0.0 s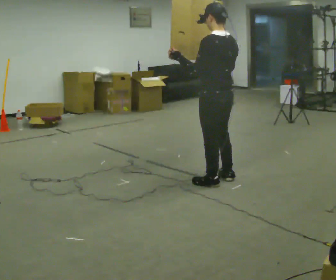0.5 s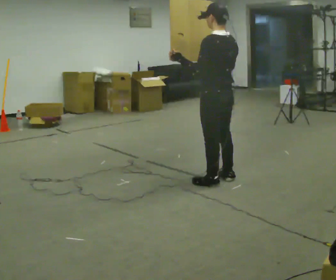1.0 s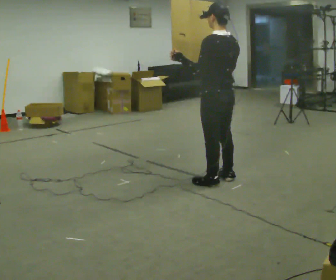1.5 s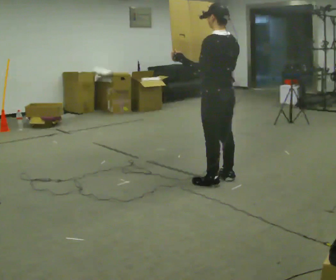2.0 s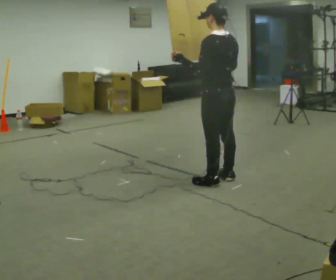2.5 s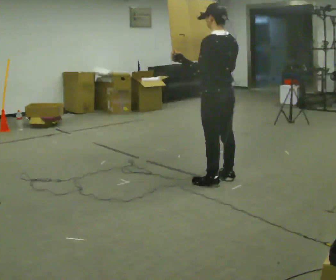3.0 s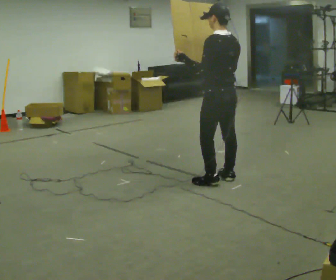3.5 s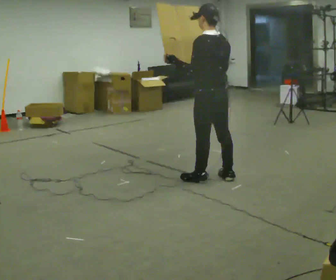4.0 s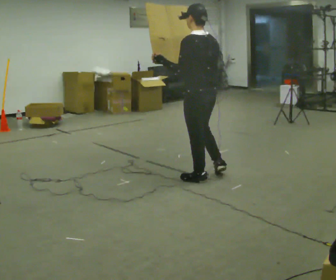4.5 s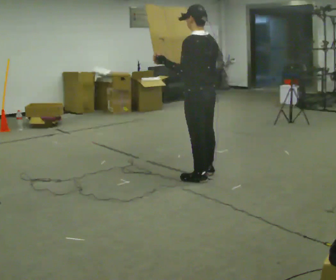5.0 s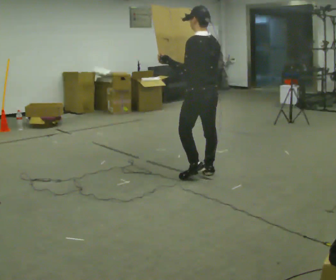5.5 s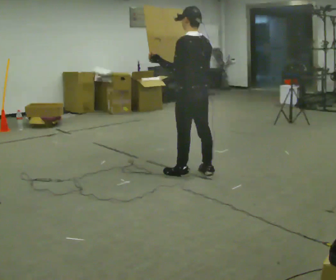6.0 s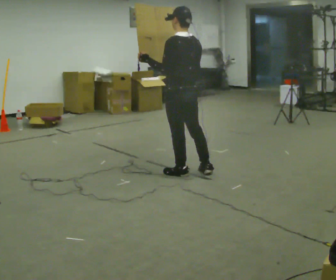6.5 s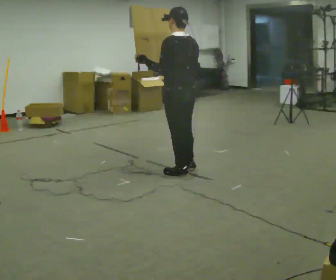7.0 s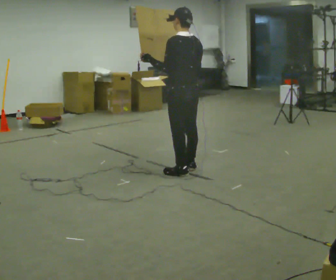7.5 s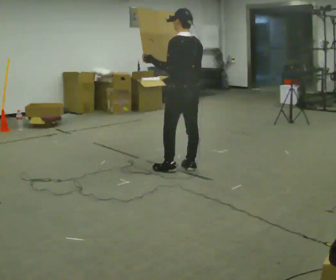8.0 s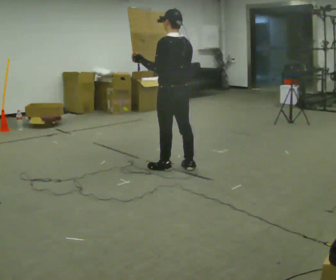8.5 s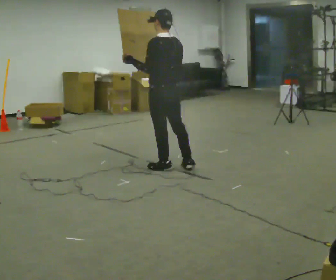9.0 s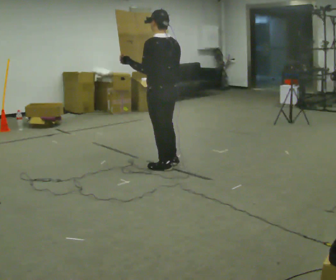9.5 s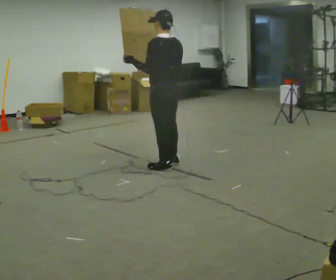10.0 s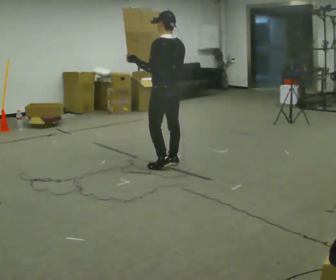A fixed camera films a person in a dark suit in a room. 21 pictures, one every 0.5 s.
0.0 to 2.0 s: The person moves a little, or ends about where they began.
2.0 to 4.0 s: In the picture they go to the left, about 0.25 m in 1 step, which for them is forward.
4.0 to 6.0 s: In the picture they go to the left, about 0.25 m in 2 steps, which for them is forward.
6.0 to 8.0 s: In the picture they go away from the camera, about 0.25 m in 2 steps, which for them is forward.
8.0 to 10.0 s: The person moves a little, or ends about where they began.
The film runs forward here.
